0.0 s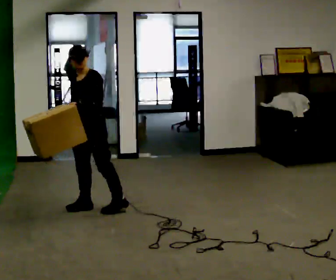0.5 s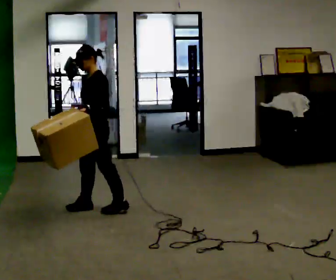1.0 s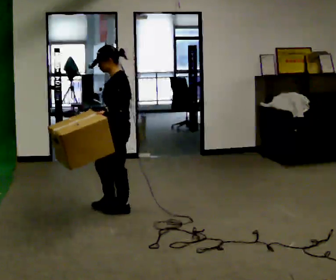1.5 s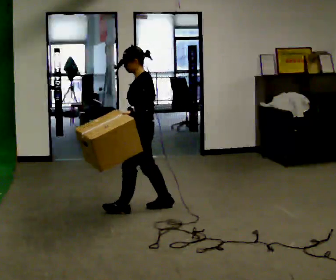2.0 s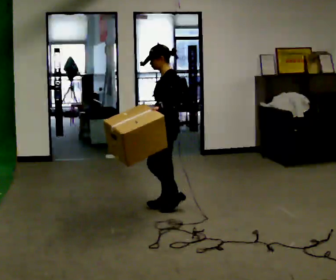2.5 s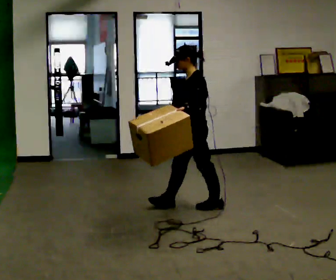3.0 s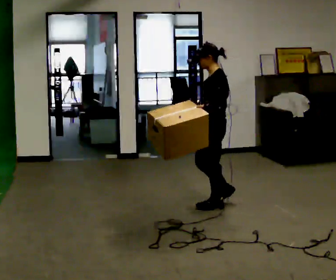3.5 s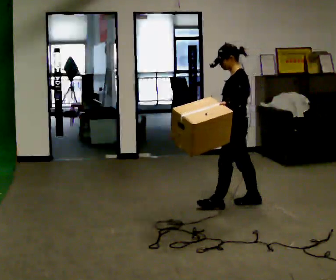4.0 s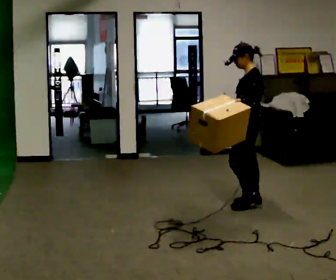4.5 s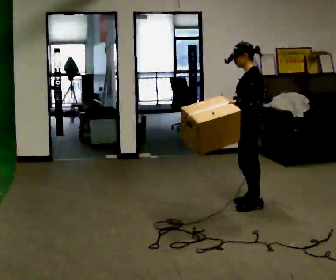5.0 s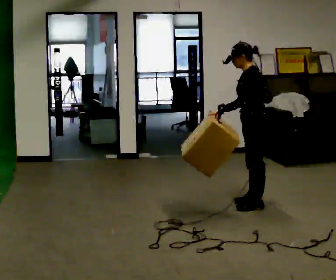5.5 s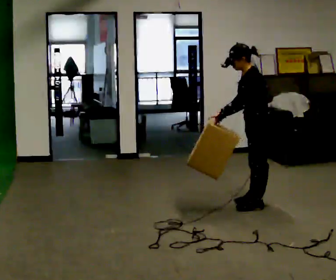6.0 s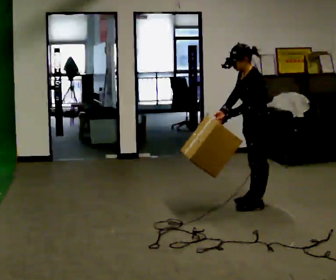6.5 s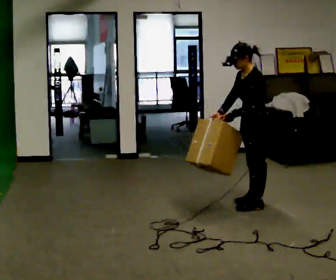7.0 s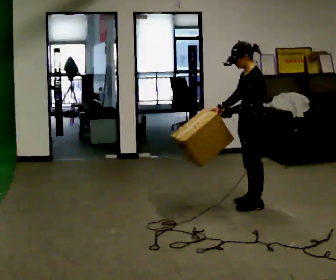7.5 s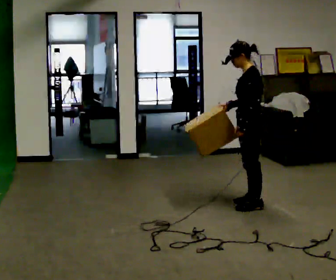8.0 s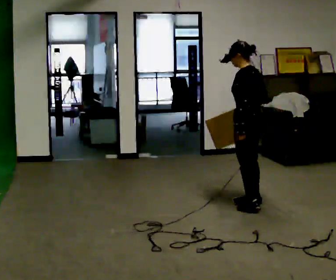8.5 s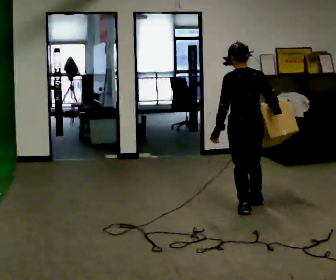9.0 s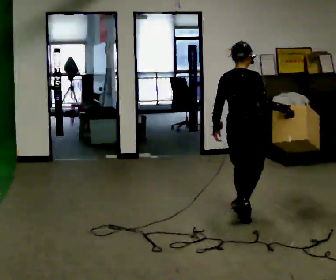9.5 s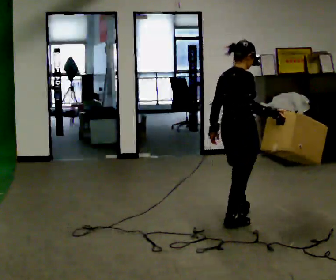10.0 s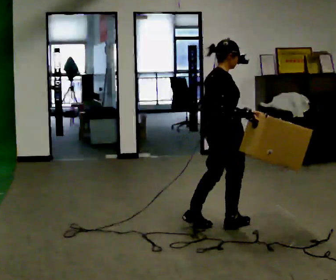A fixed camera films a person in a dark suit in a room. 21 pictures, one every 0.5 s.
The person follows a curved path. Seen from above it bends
clockwise.
0.0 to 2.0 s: The part of the body nearest the lens slides to the left as the person turns to their right by about 45 degrees. In the picture they go to the right, about 0.75 m in 2 steps, which for them is backward.
2.0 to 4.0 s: In the picture they go to the right, about 0.5 m in 2 steps, which for them is backward.
4.0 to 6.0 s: In the picture the upper body tilts counterclockwise, shoulders to the left, as they bend forward.
6.0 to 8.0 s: The person turns about 30 degrees to their right, clockwise seen from above, so the part of the body nearest the lens slides to the left.
8.0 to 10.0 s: The person turns about 135 degrees to their right, clockwise seen from above, so the part of the body nearest the lens slides to the left. In the picture they go toward the camera, about 0.5 m in 2 steps.
The film runs backward here.
